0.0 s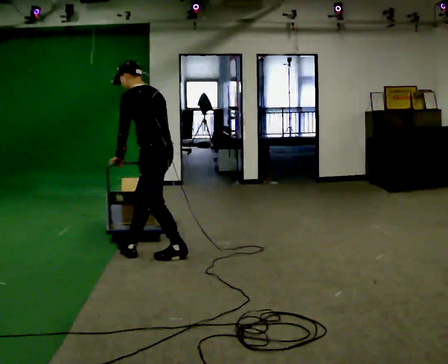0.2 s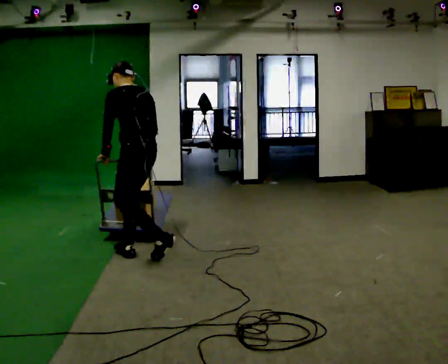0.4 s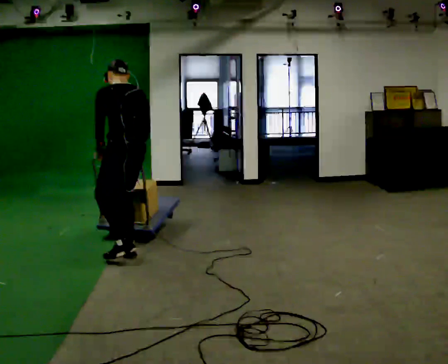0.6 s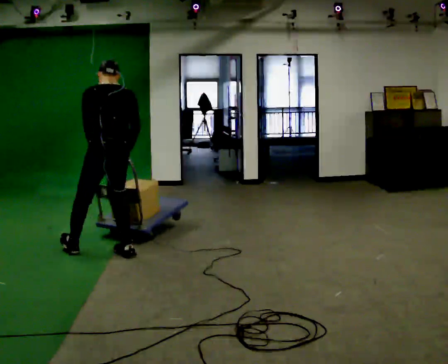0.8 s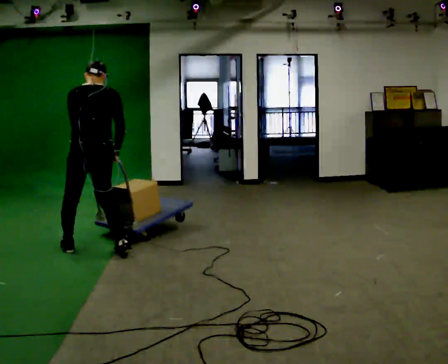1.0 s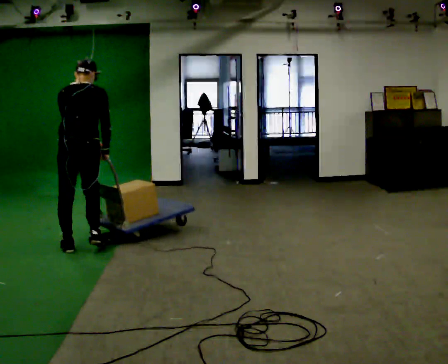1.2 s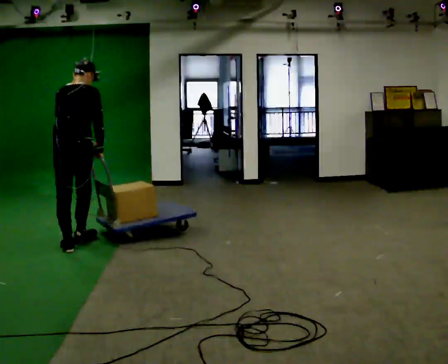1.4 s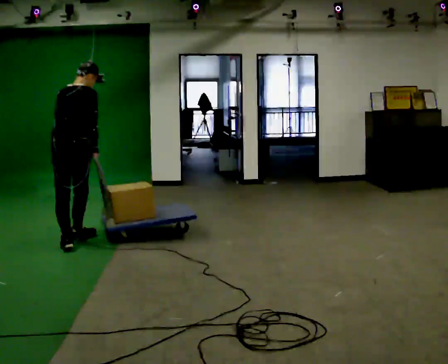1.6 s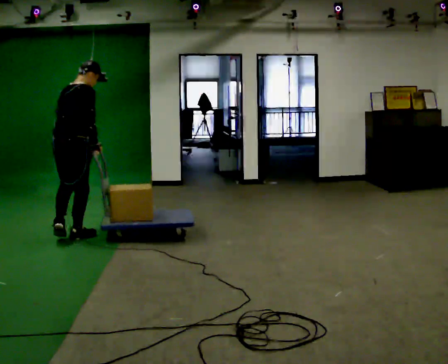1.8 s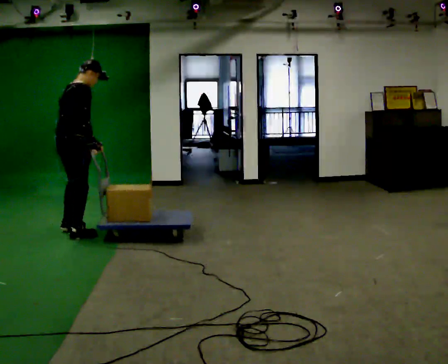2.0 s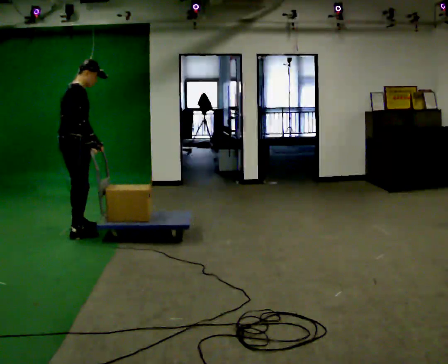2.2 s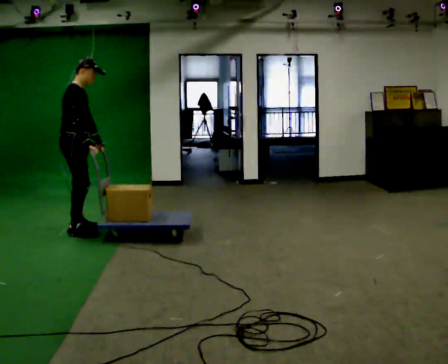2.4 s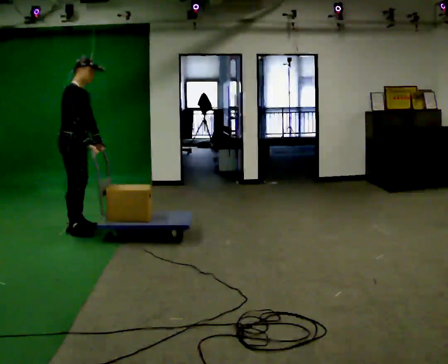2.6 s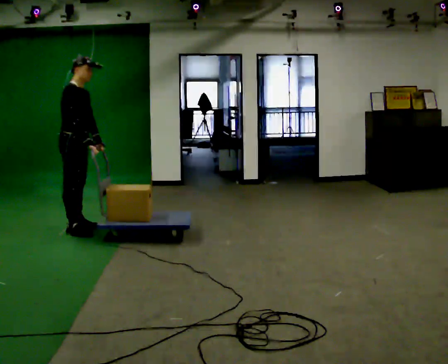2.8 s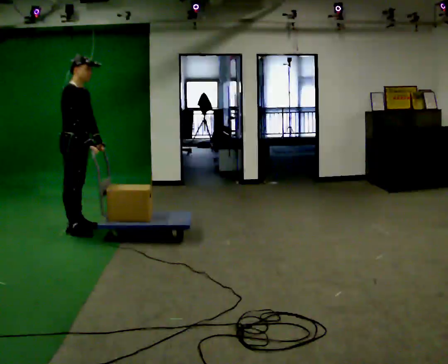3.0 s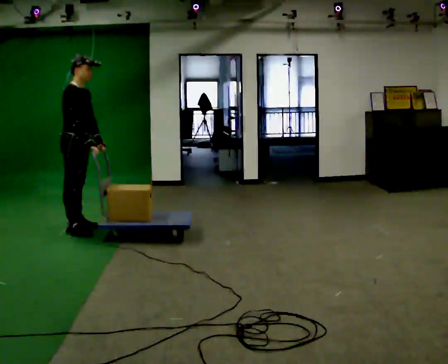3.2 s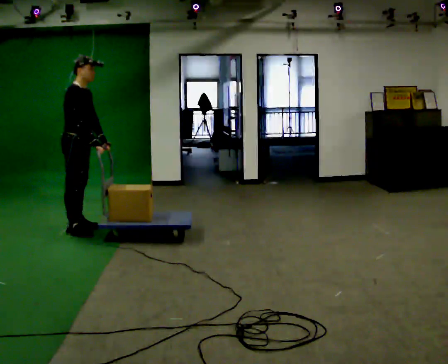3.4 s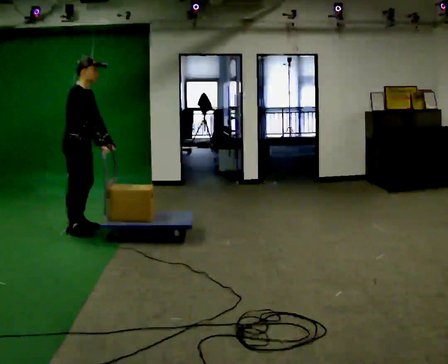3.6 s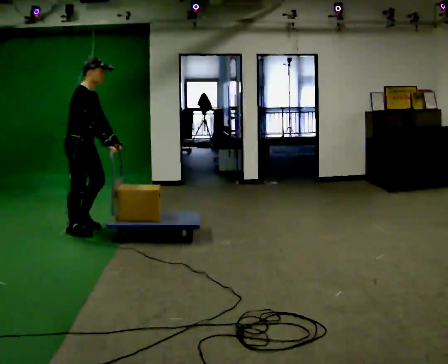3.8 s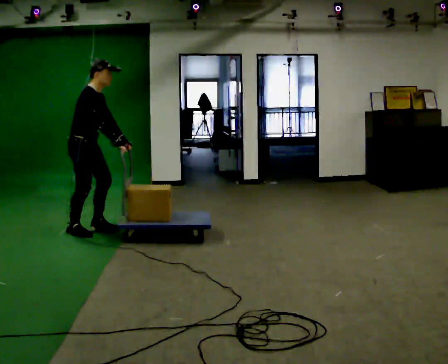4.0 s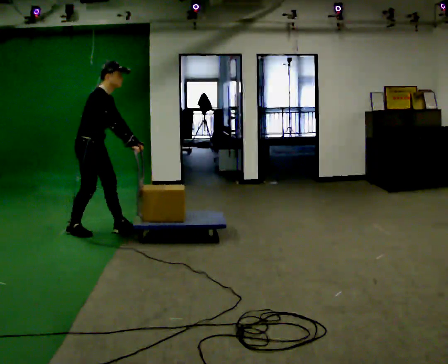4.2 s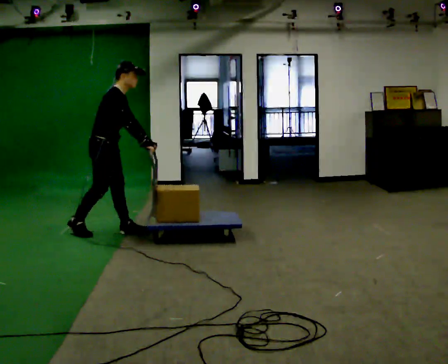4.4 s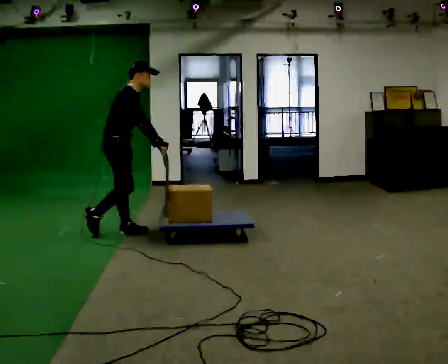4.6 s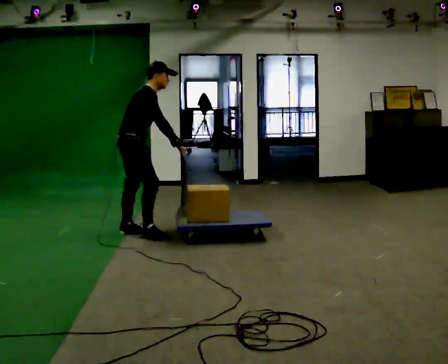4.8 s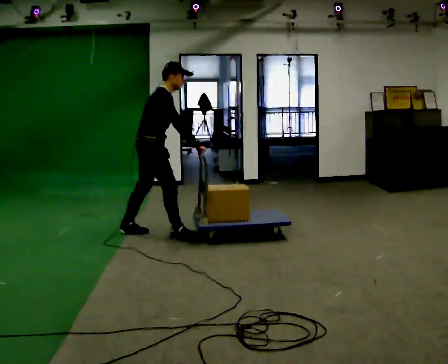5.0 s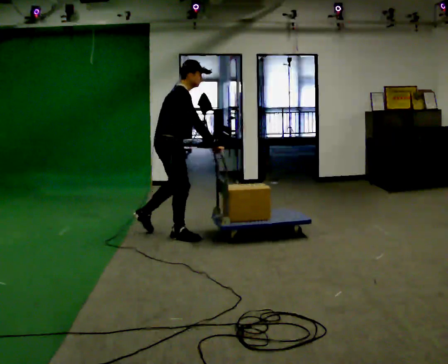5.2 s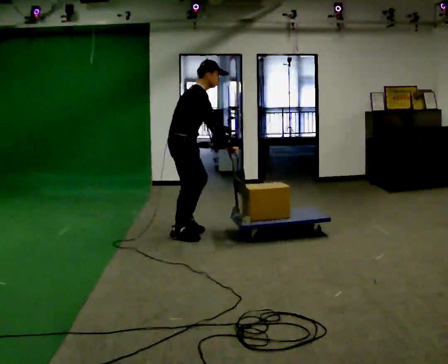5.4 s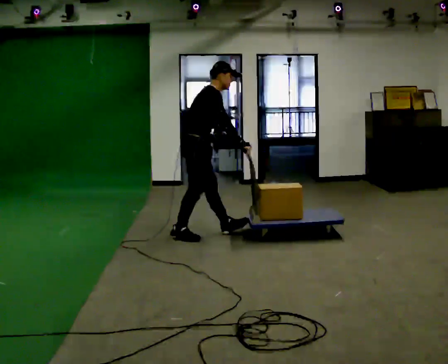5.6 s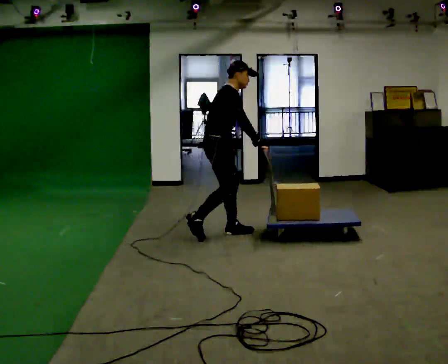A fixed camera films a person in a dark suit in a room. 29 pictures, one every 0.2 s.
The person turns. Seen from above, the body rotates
clockwise.
The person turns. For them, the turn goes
to their right.
0.0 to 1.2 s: Seen from above the body turns clockwise, about 75 degrees: to their right, with its near side sliding to the left. In the picture they go to the left and away from the camera, about 1 m in 2 steps. In the picture the upper body tilts clockwise, shoulders to the right.
1.2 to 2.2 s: Seen from above the body turns clockwise, about 75 degrees: to their right, with its near side sliding to the left. In the picture they go away from the camera, about 0.5 m in 2 steps.
2.2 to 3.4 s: The person moves a little, or ends about where they began.
3.4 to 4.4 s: In the picture they go to the right, about 0.5 m in 1 step, which for them is forward.
4.4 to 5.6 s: In the picture they go to the right, about 1 m in 2 steps, which for them is forward.
The film runs forward here.
